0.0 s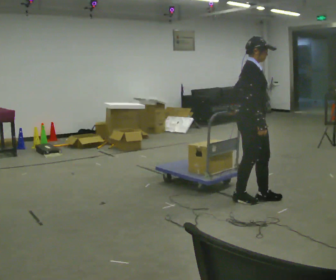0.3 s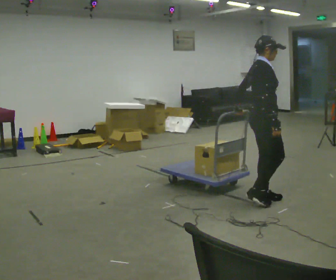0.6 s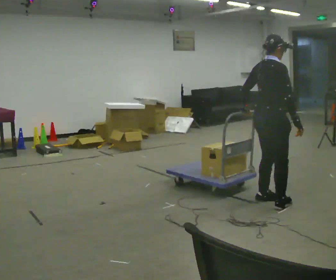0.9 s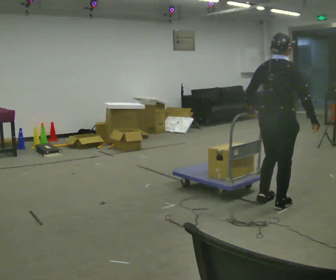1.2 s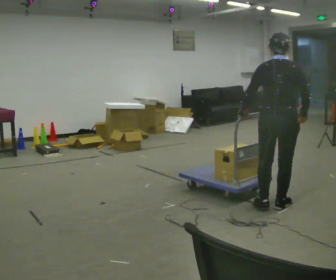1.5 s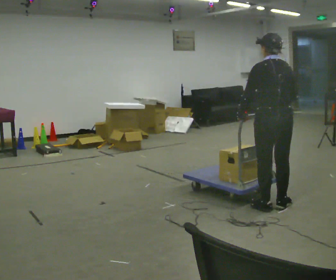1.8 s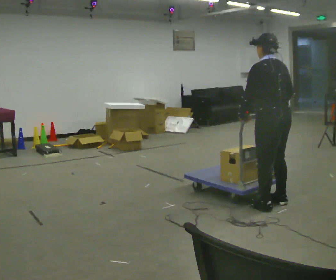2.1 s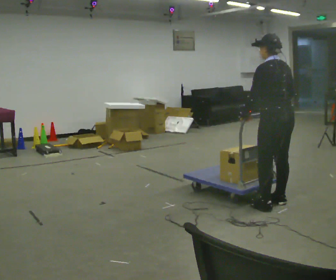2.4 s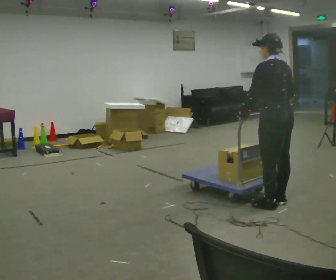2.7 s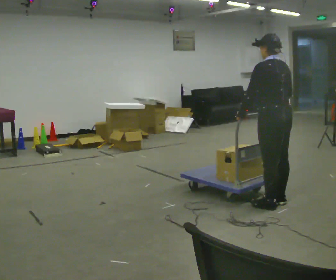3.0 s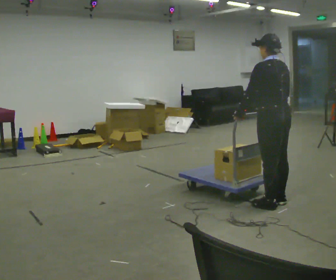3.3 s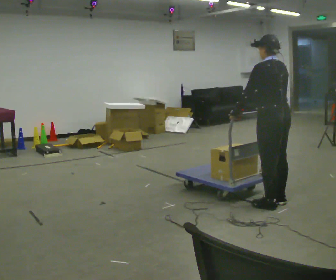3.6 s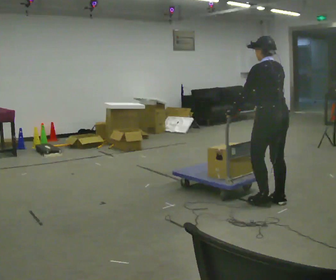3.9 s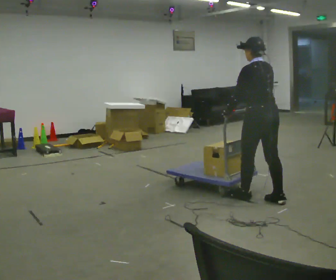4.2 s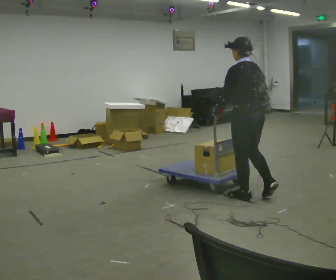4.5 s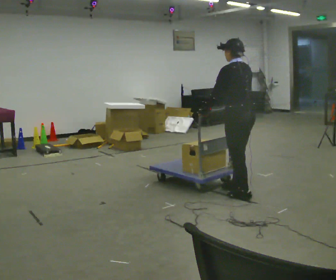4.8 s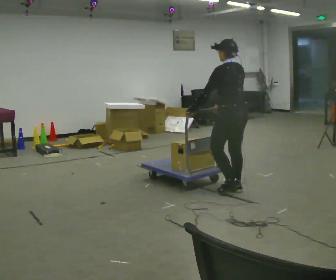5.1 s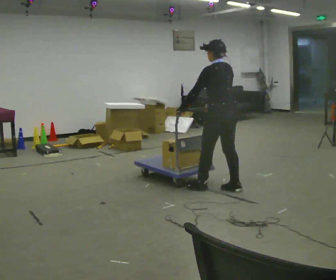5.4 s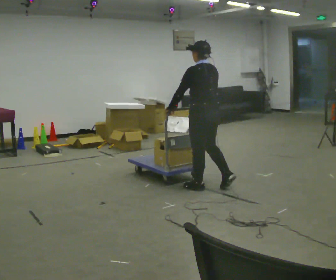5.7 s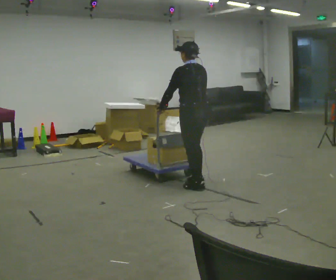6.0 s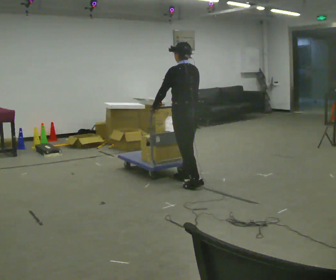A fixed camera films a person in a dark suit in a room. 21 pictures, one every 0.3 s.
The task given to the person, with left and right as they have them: Push the cart across the room and back. The operator will change how much is loaded on it between takes and will tell you each time.
0.0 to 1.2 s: Seen from above the body turns counterclockwise, about 90 degrees: to their left, with its near side sliding to the right. In the picture they go to the right and toward the camera, about 0.25 m in 1 step.
1.2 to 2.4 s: The part of the body nearest the lens slides to the right as the person turns to their left by about 60 degrees.
2.4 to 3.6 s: The person moves a little, or ends about where they began.
3.6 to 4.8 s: In the picture they go to the left and away from the camera, about 0.5 m in 2 steps, which for them is forward.
4.8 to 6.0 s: In the picture they go to the left, about 0.5 m in 2 steps, which for them is forward.
The film runs forward here.
